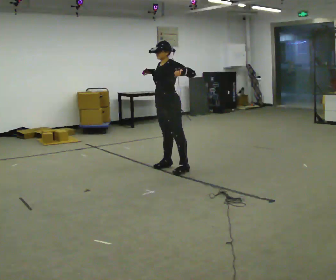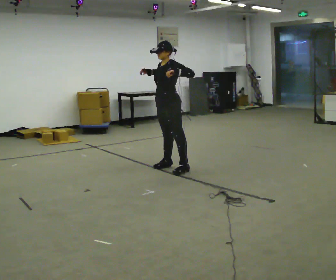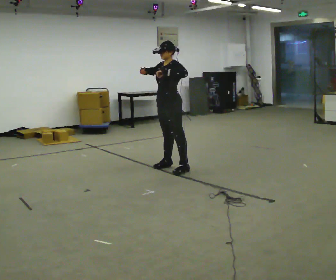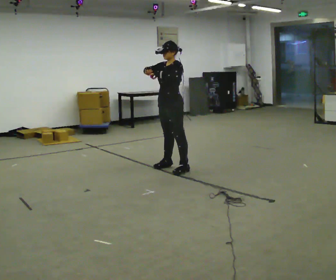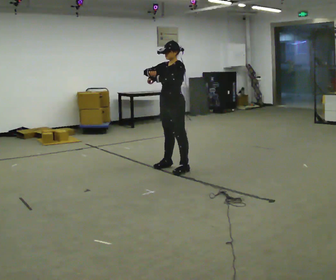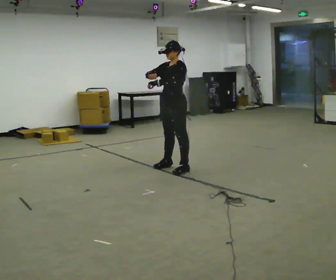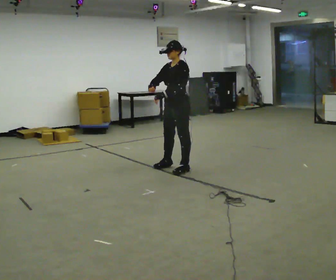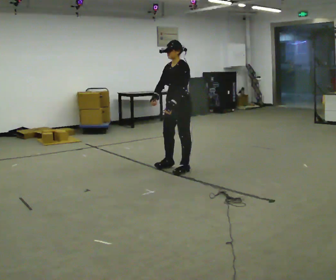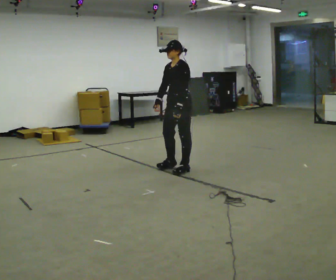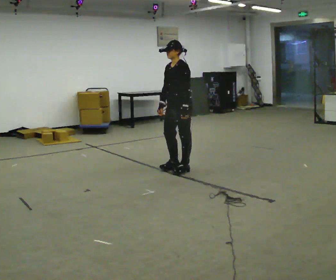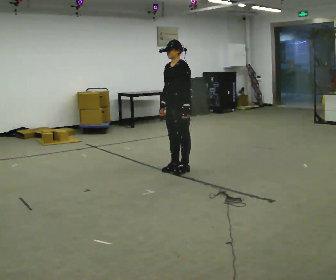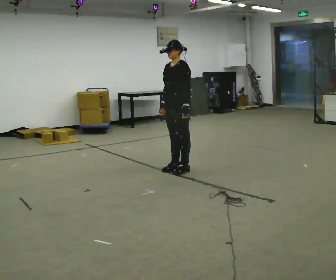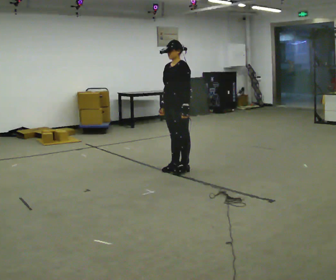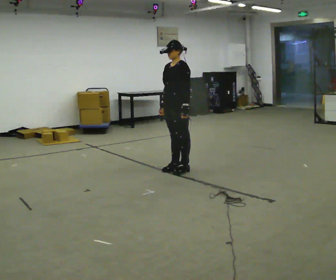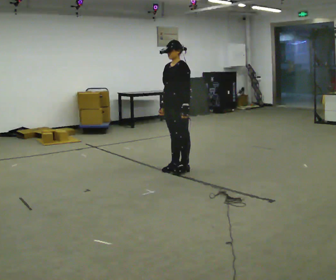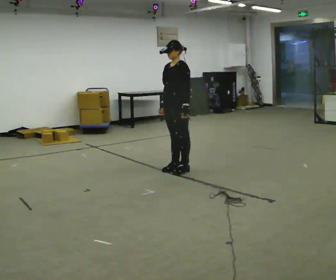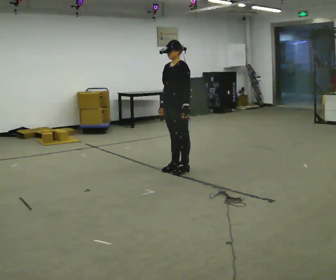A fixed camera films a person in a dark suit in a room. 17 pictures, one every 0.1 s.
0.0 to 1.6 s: In the picture their left hand goes downward.
The film runs backward here.
